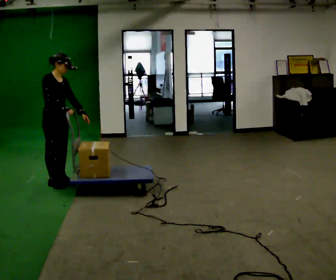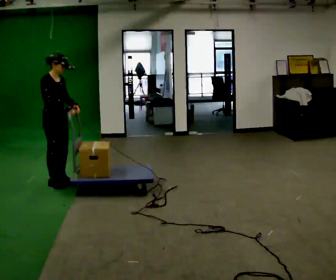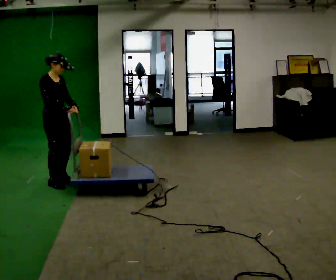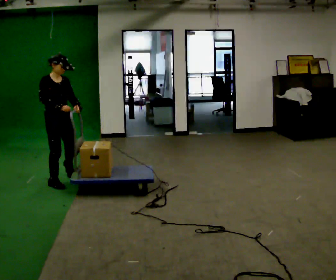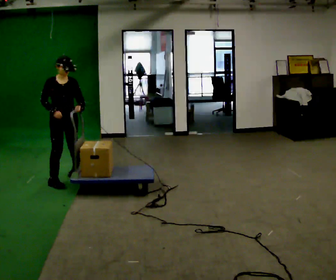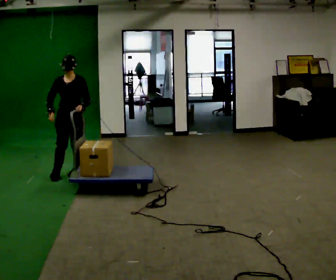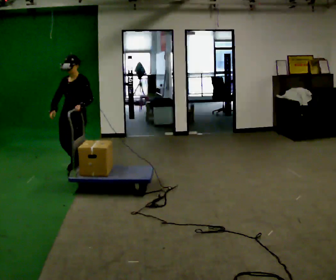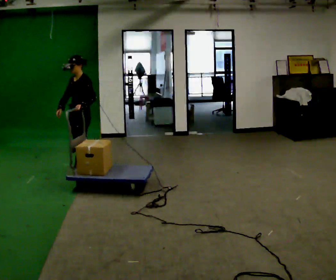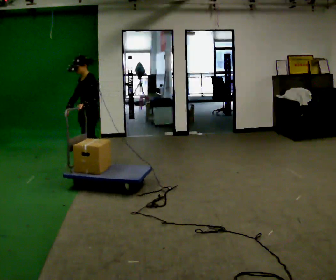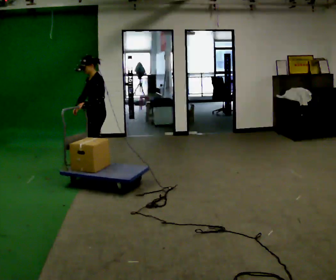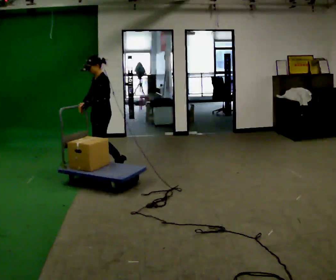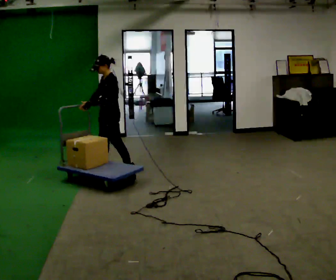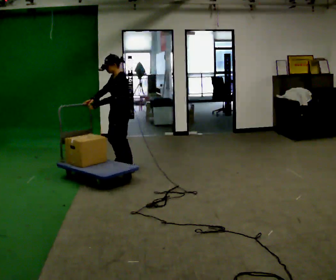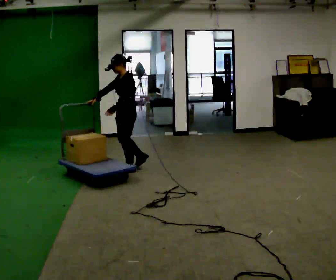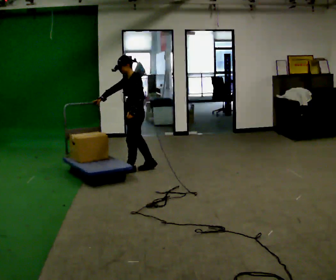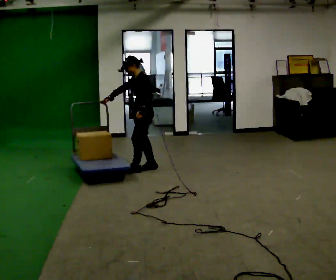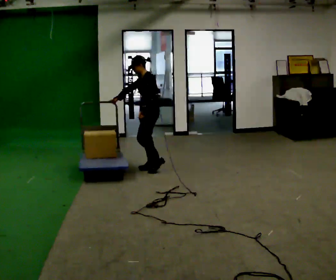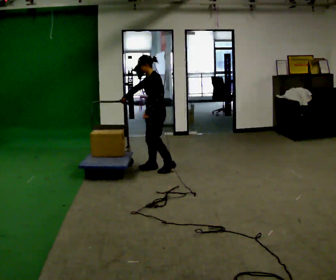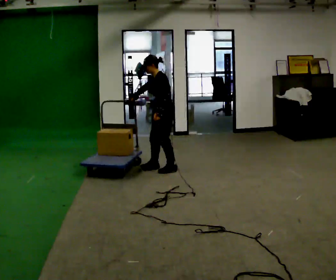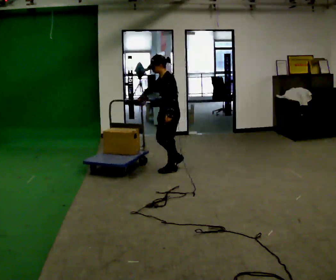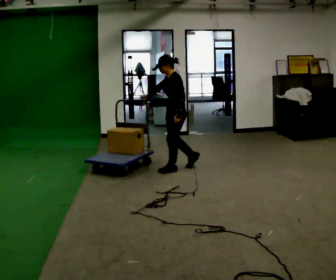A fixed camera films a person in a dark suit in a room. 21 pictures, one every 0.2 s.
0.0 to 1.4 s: The part of the body nearest the lens slides to the left as the person turns to their right by about 120 degrees. In the picture they go away from the camera and to the right, about 0.5 m in 2 steps.
1.4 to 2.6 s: In the picture they go to the right, about 0.5 m in 2 steps, which for them is backward.
2.6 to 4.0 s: In the picture they go to the right, about 0.5 m in 2 steps, which for them is backward.
The film runs backward here.
